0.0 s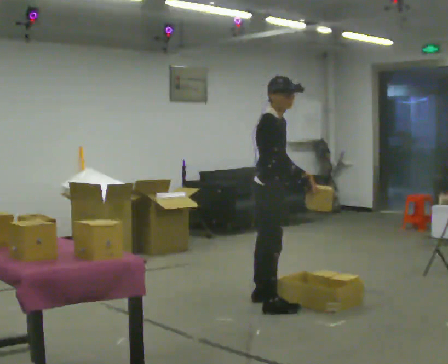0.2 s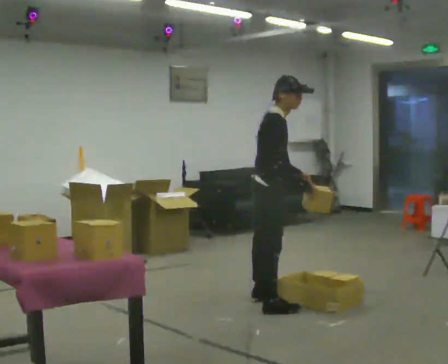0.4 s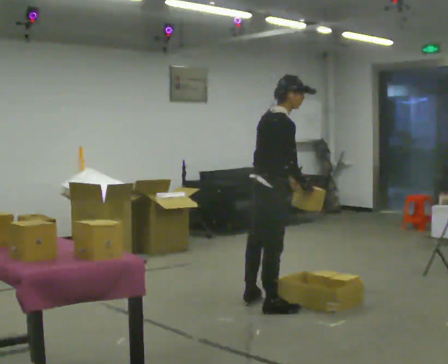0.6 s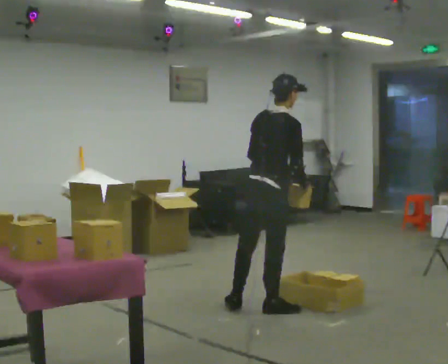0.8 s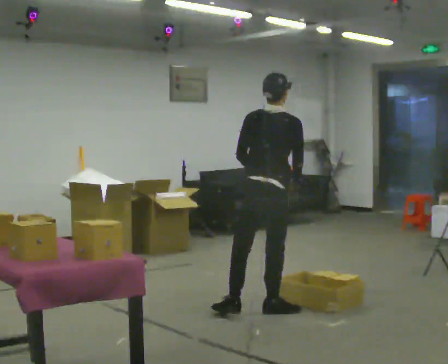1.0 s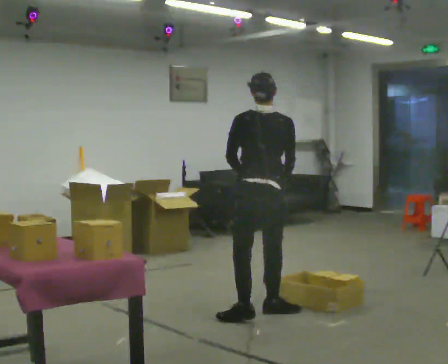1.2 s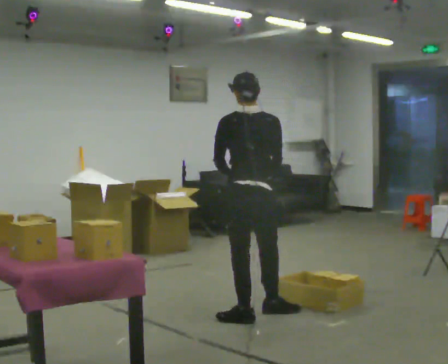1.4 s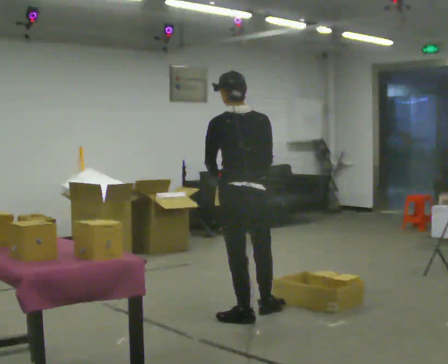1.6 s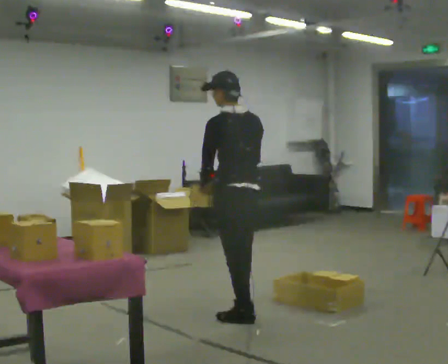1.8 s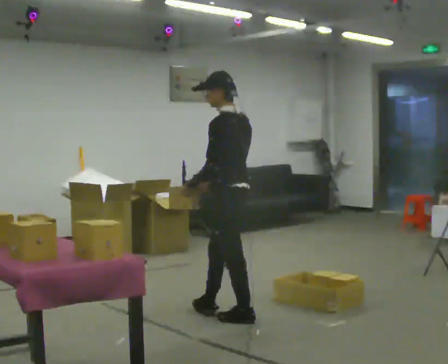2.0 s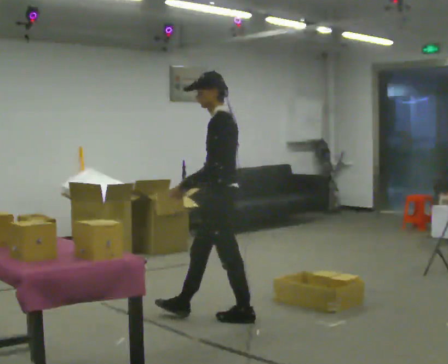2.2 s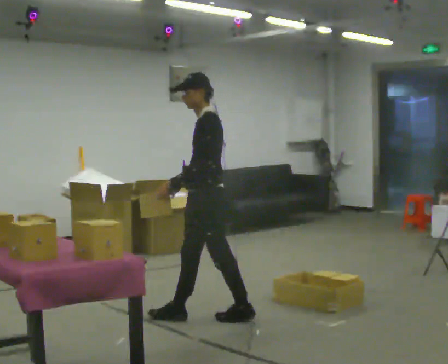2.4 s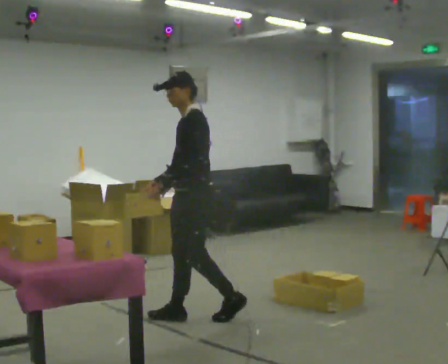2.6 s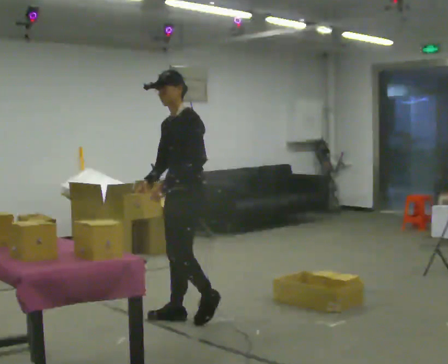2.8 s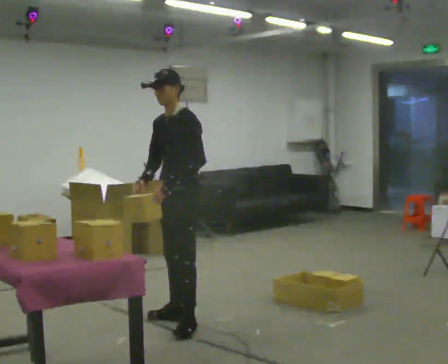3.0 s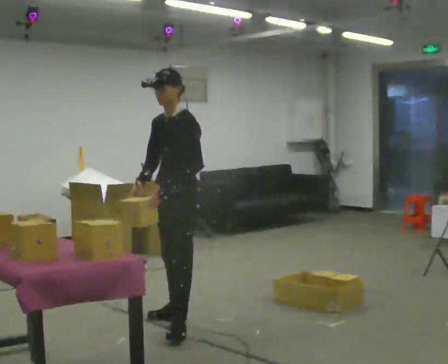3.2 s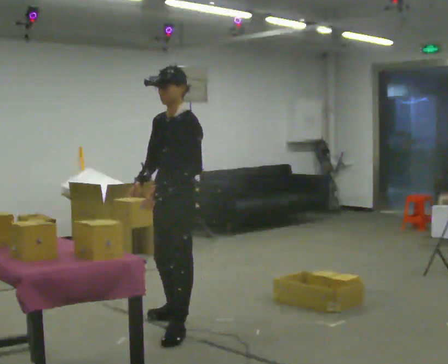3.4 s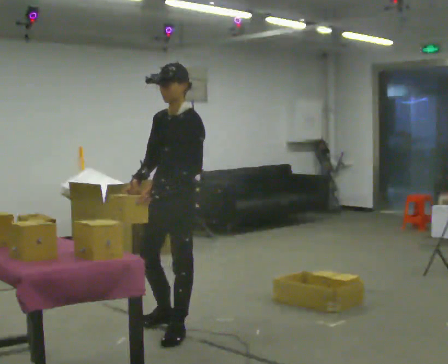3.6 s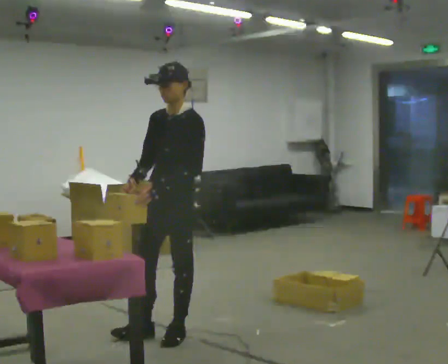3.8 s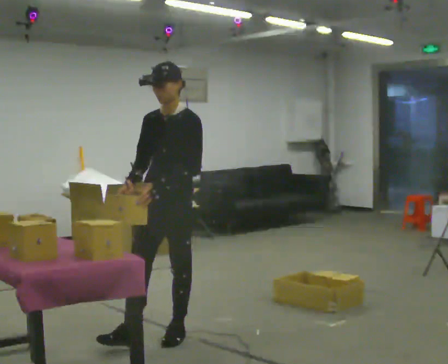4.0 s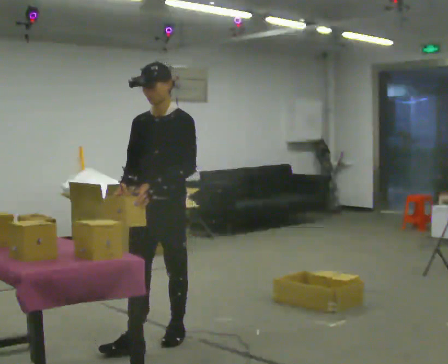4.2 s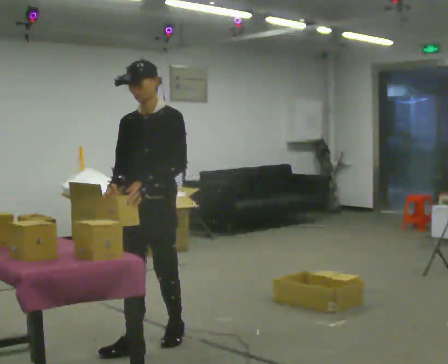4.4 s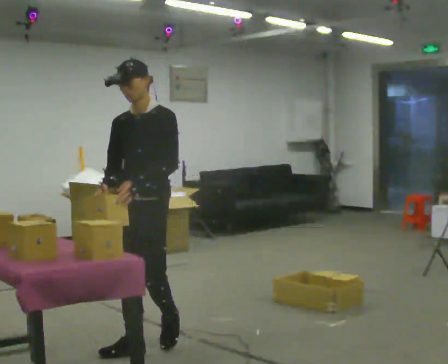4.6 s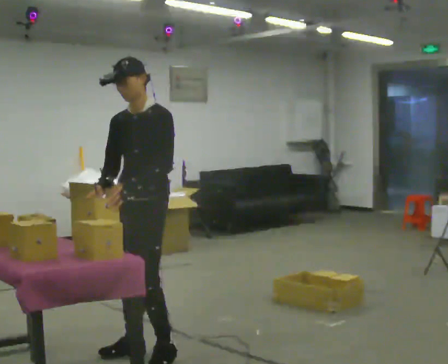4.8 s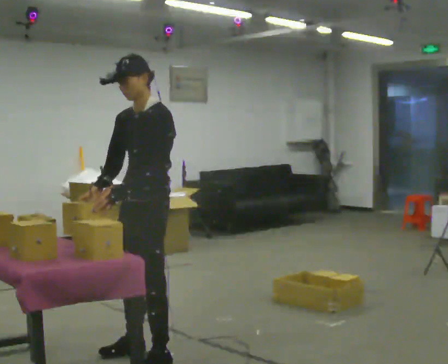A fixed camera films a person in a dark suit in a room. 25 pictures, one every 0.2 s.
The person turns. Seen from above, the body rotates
counterclockwise.
The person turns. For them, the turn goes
to their left.
0.0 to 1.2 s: The part of the body nearest the lens slides to the right as the person turns to their left by about 90 degrees. In the picture they go toward the camera and to the left, about 0.25 m in 1 step.
1.2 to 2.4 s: The part of the body nearest the lens slides to the right as the person turns to their left by about 120 degrees. In the picture they go to the left, about 0.25 m in 1 step.
2.4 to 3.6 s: The person turns about 30 degrees to their left, counterclockwise seen from above, so the part of the body nearest the lens slides to the right. In the picture they go toward the camera and to the left, about 0.5 m in 1 step, which for them is forward and to their left.
3.6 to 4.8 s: In the picture they go toward the camera, about 0.5 m in 2 steps, which for them is forward.
The film runs forward here.
